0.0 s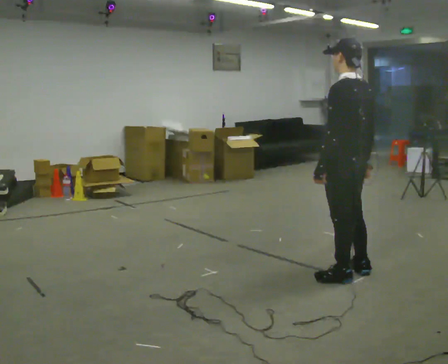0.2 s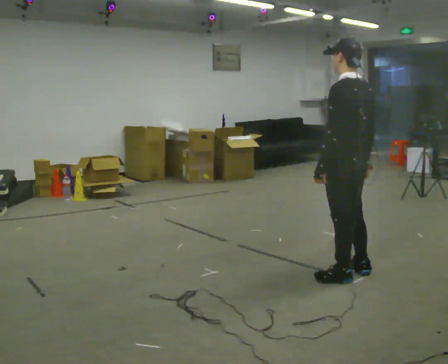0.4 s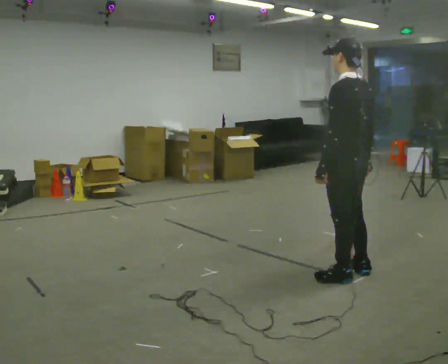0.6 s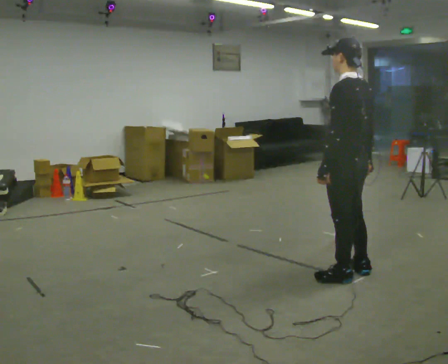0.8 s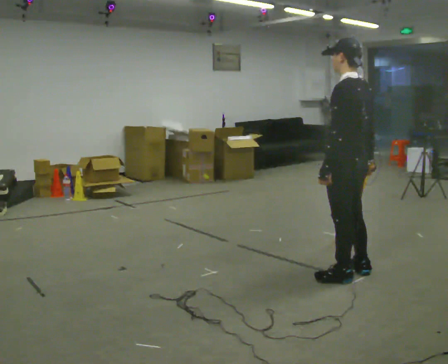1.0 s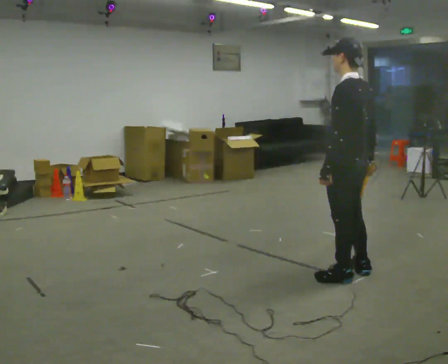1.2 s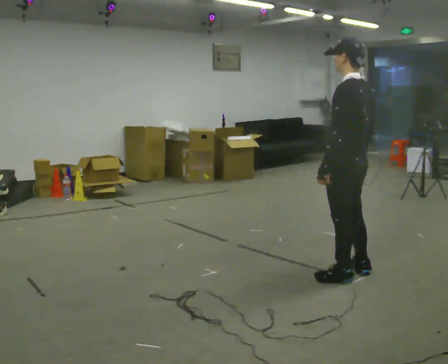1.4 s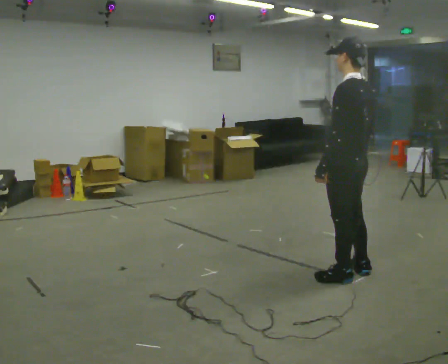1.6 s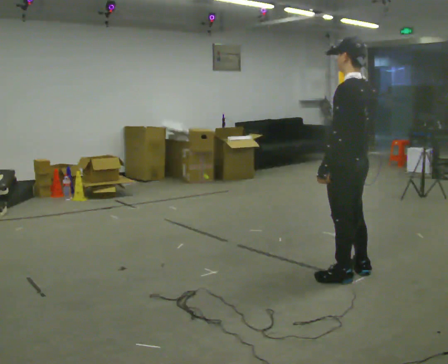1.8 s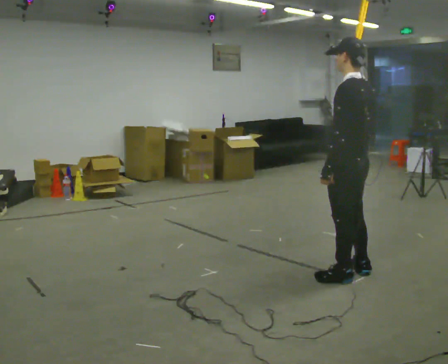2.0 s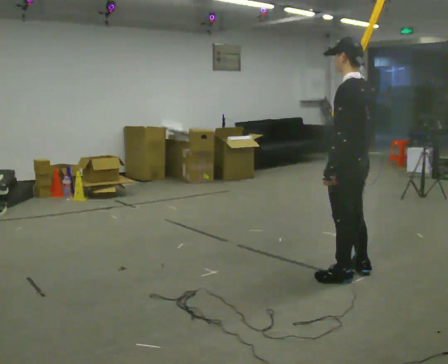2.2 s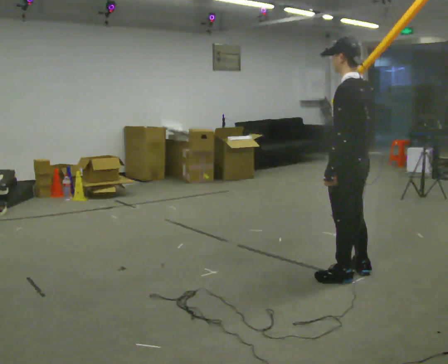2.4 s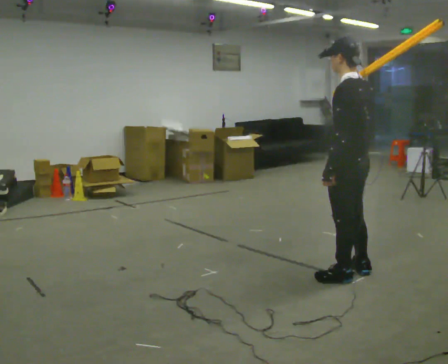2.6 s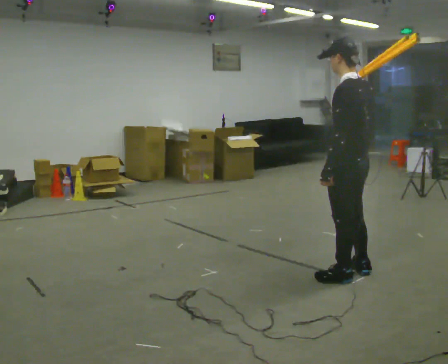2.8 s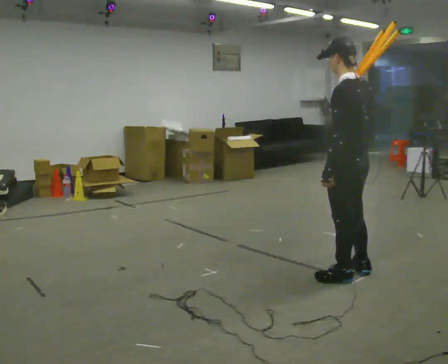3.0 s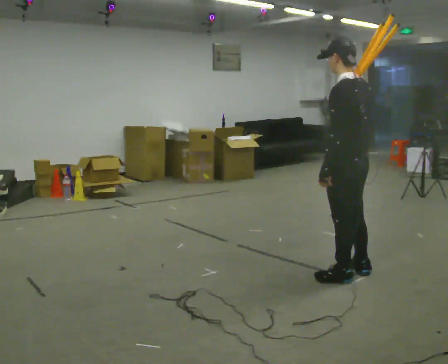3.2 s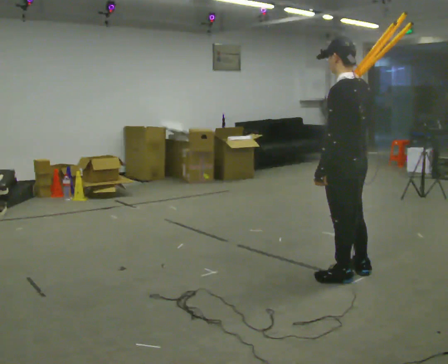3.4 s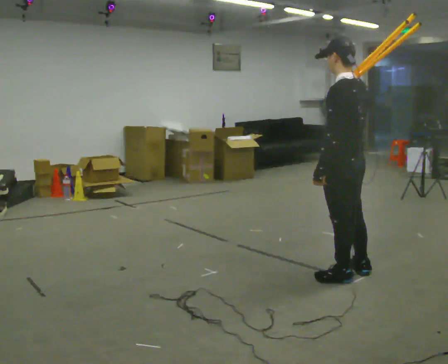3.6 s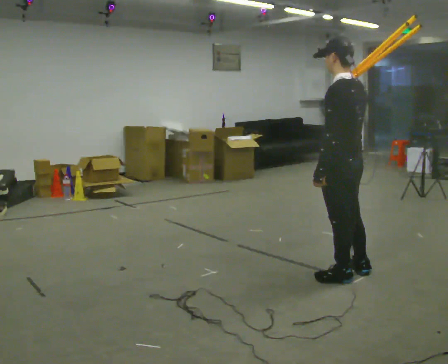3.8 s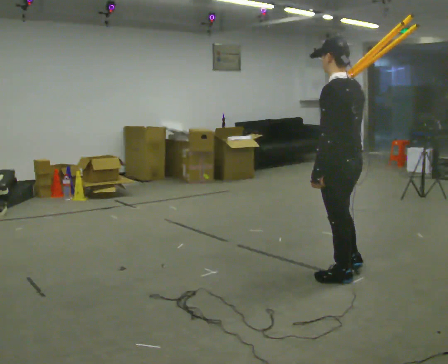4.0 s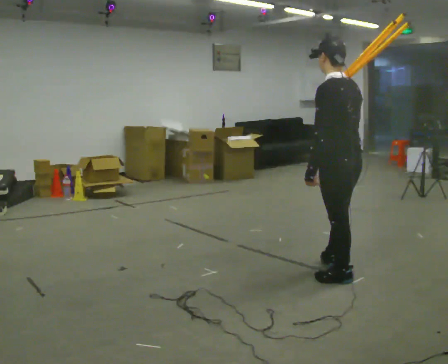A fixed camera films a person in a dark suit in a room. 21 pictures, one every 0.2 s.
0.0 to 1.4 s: The person moves a little, or ends about where they began.
1.4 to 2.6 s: In the picture their right hand goes upward.
2.6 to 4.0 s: The person moves a little, or ends about where they began.
The film runs forward here.
